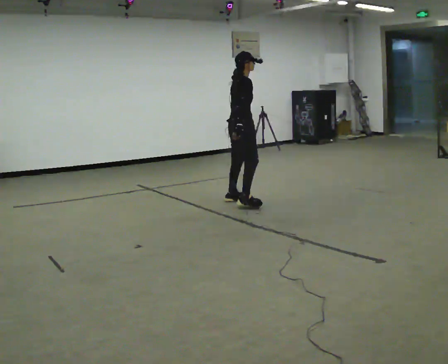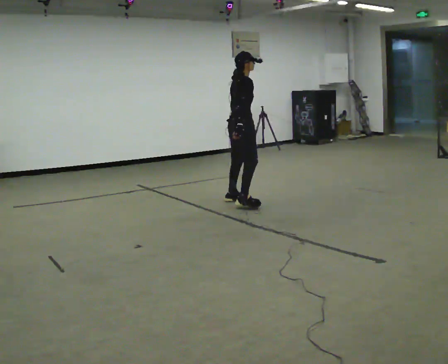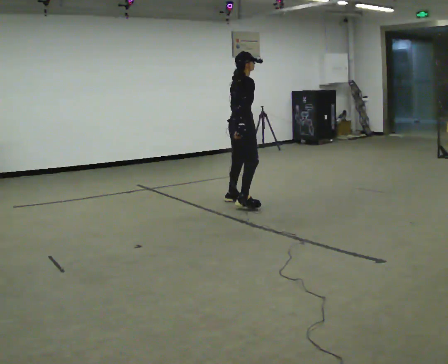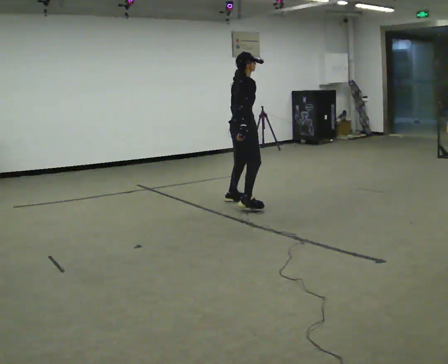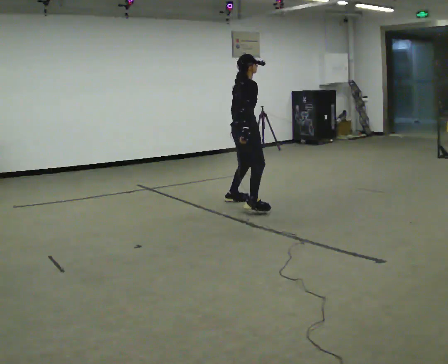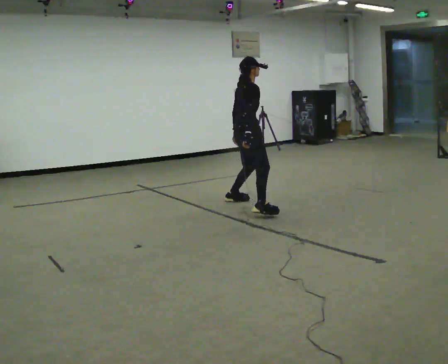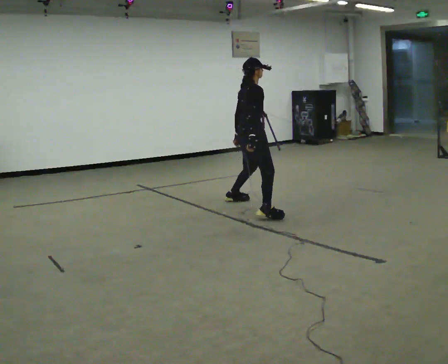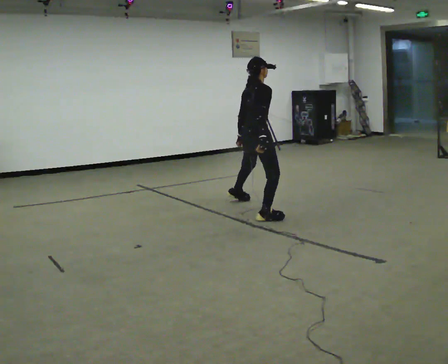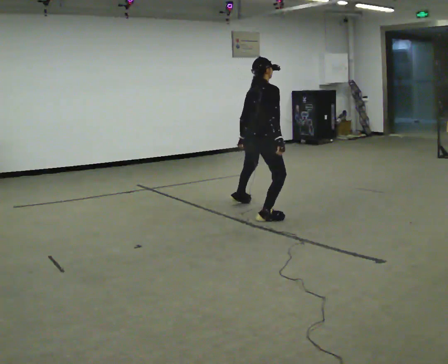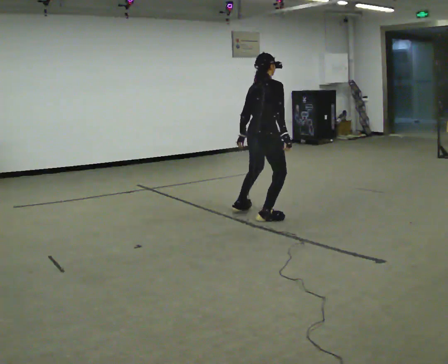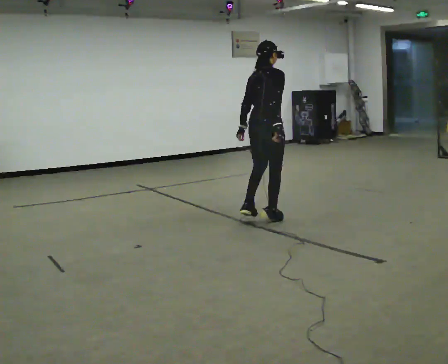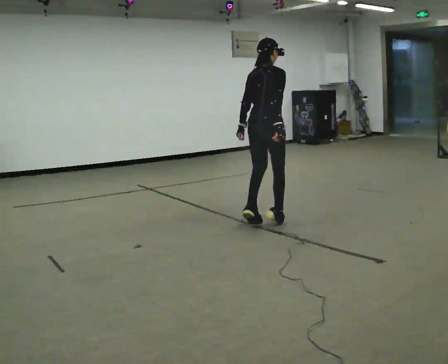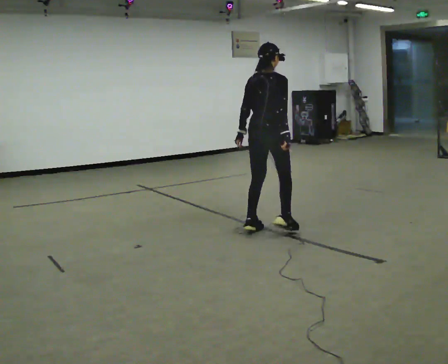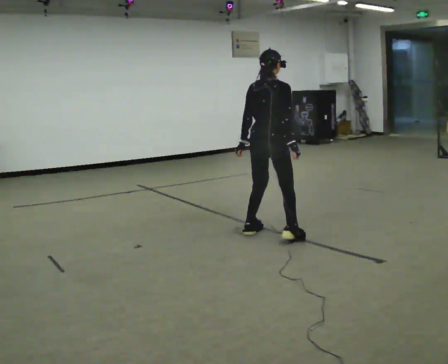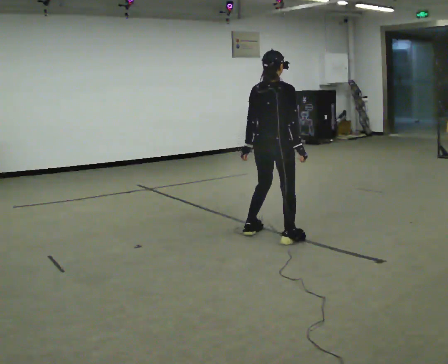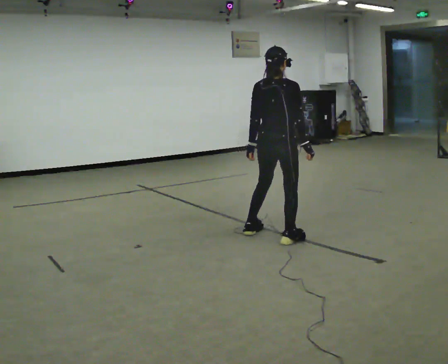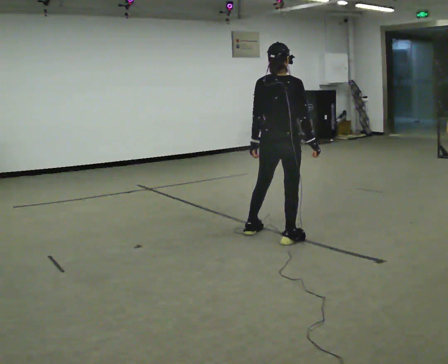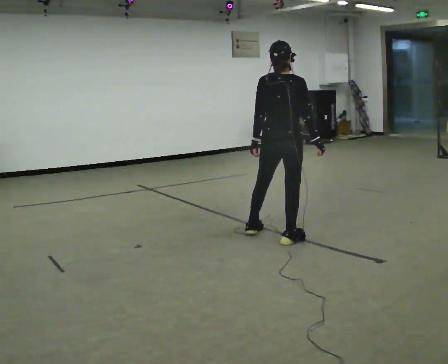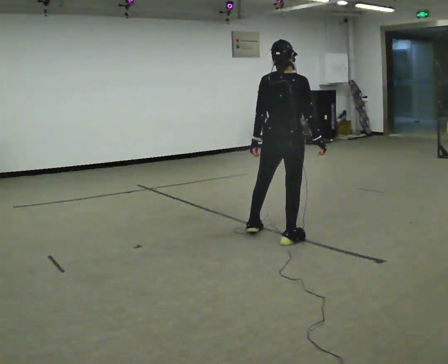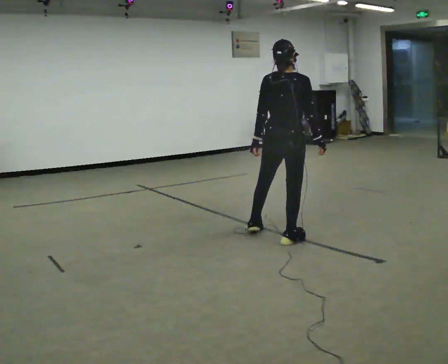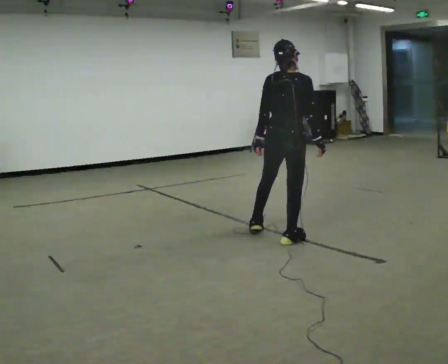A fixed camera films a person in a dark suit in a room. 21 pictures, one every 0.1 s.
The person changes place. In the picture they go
toward the camera.
0.0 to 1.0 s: The part of the body nearest the lens slides to the right as the person turns to their left by about 30 degrees. In the picture they go toward the camera, about 1 m in 1 step, which for them is to their right.
1.0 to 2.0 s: In the picture they go toward the camera, about 0.5 m in 2 steps, which for them is backward and to their right.
The film runs forward here.
